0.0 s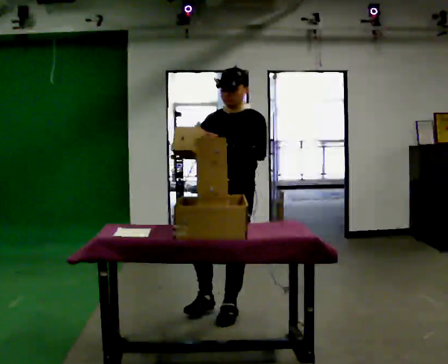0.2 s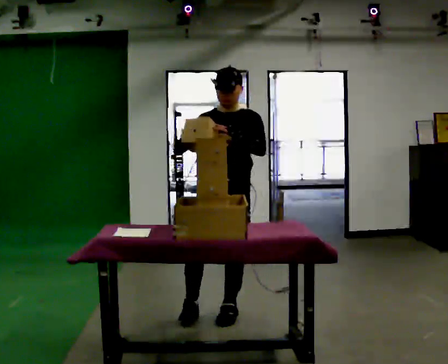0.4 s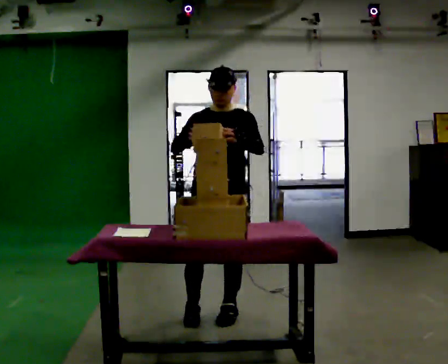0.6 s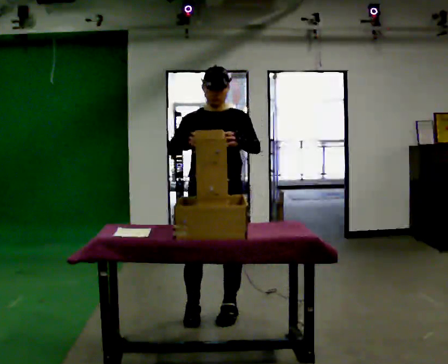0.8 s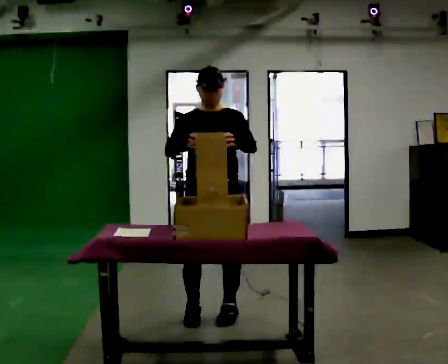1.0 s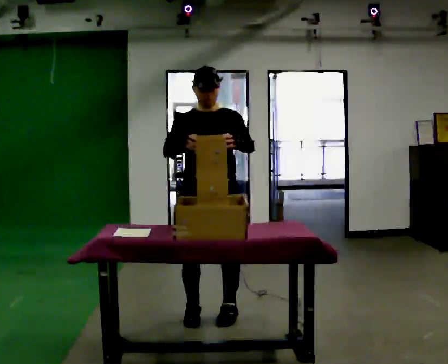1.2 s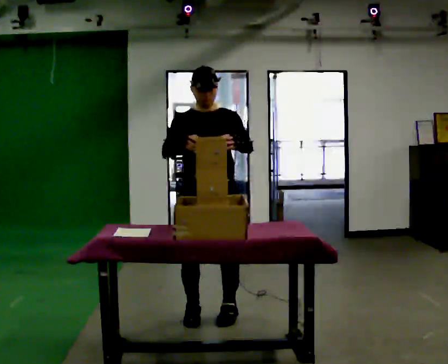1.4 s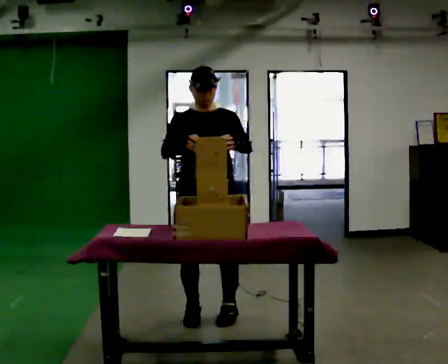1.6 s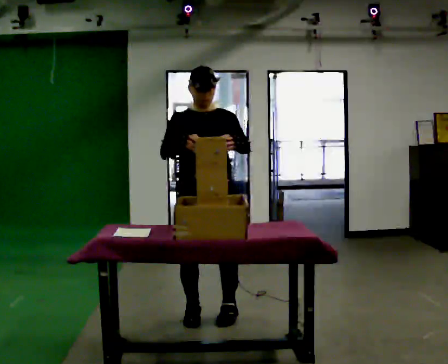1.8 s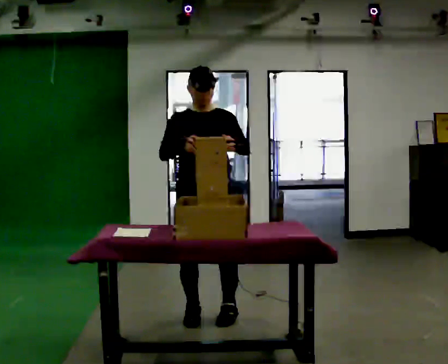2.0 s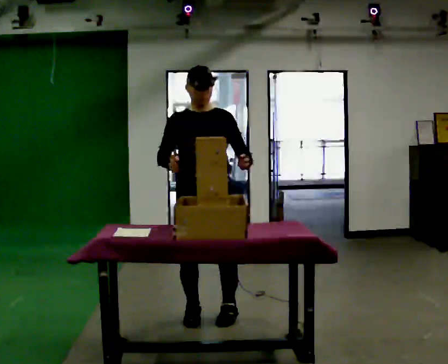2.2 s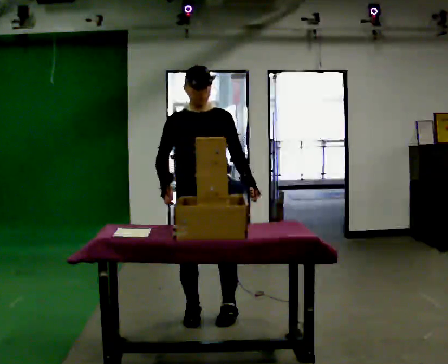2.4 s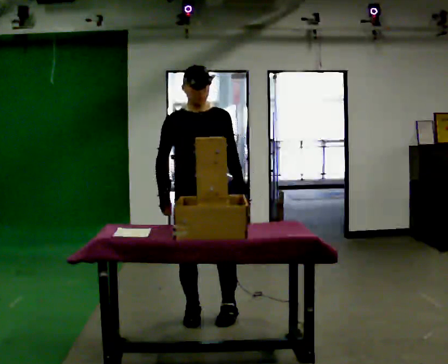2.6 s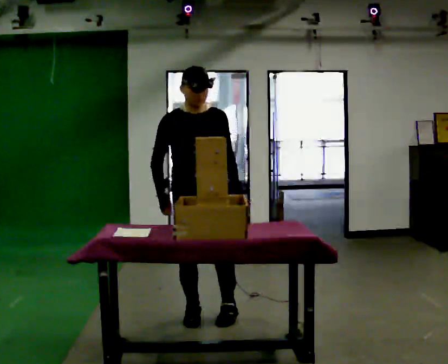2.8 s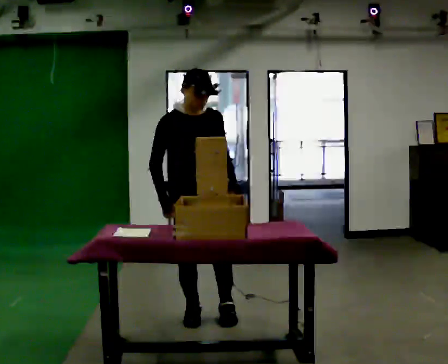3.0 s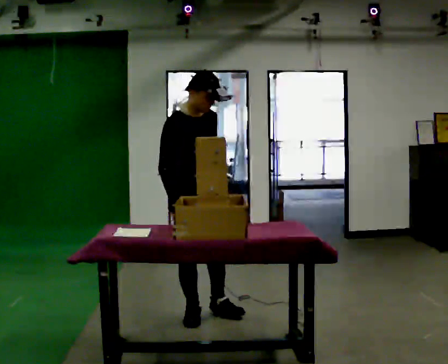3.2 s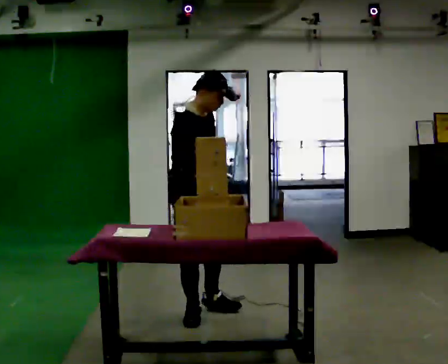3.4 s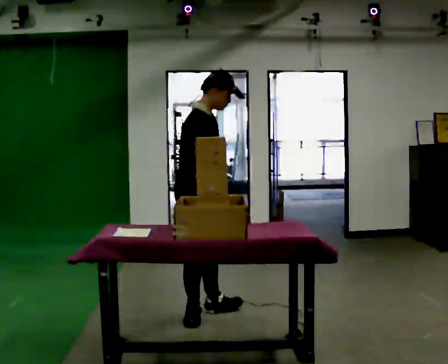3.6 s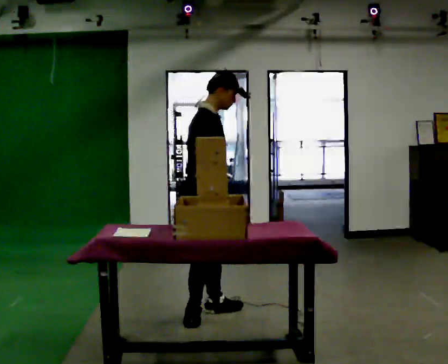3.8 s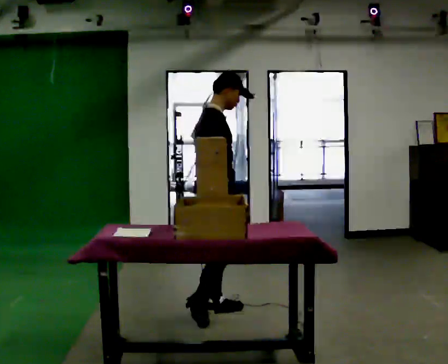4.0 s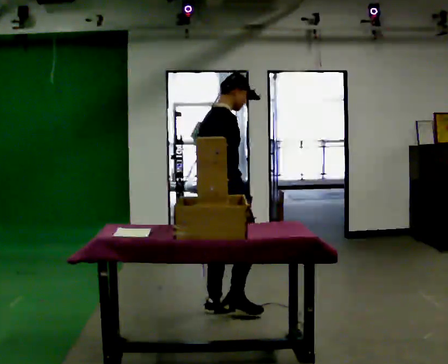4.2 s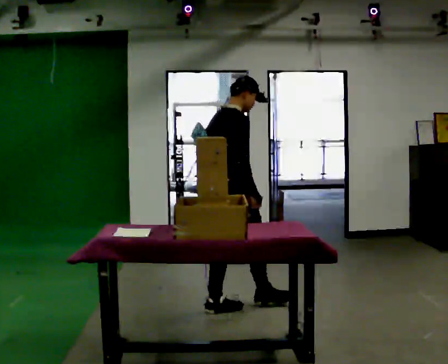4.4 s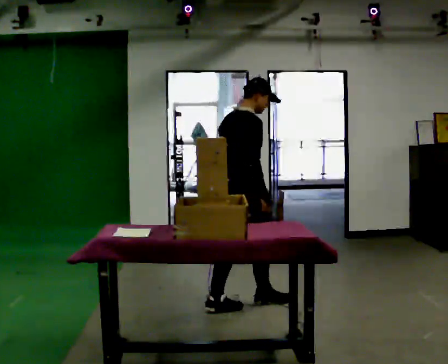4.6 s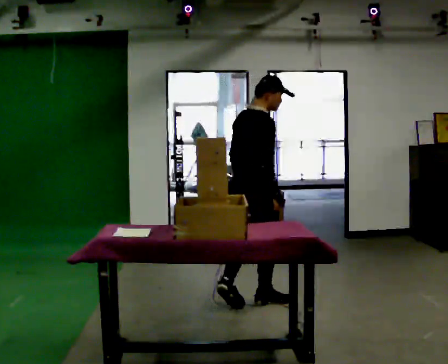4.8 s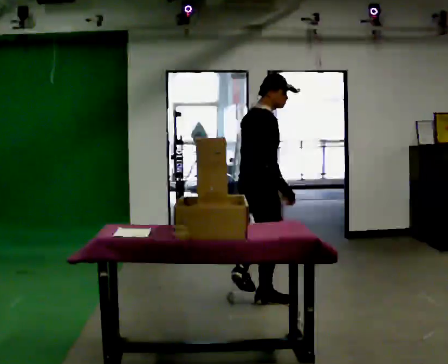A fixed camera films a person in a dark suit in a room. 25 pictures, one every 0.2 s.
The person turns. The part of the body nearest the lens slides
to the right.
The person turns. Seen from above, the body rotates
counterclockwise.
0.0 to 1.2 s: Seen from above the body turns counterclockwise, about 30 degrees: to their left, with its near side sliding to the right. In the picture they go to the left, about 0.25 m in 1 step, which for them is to their right.
1.2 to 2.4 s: In the picture their left hand goes downward.
2.4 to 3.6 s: Seen from above the body turns counterclockwise, about 75 degrees: to their left, with its near side sliding to the right.
3.6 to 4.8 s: In the picture they go to the right and away from the camera, about 0.5 m in 1 step, which for them is forward.
The film runs forward here.
